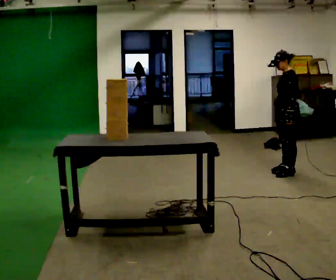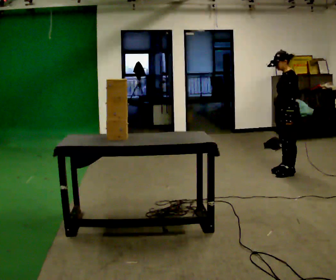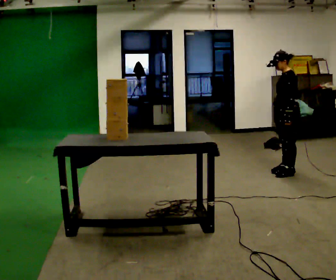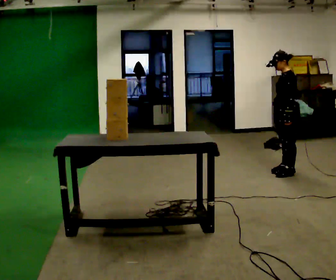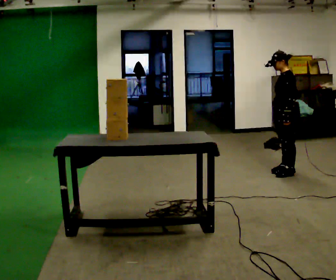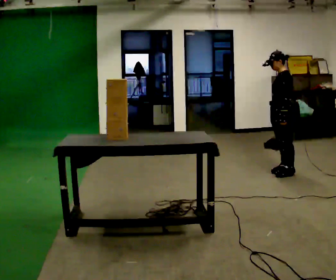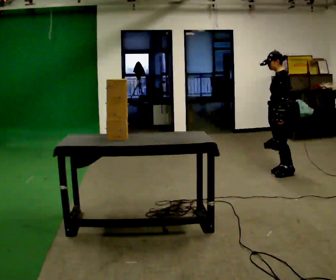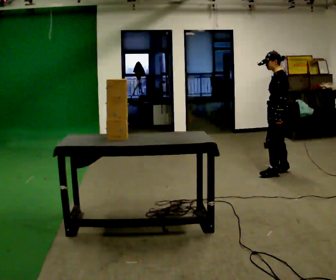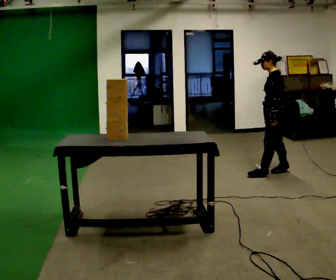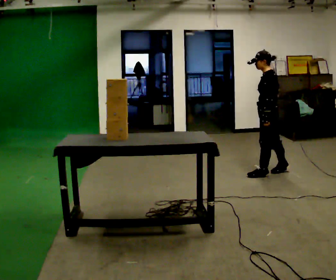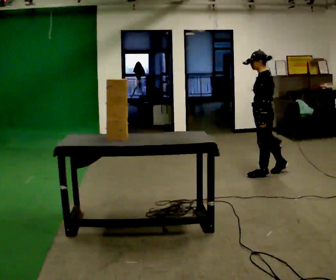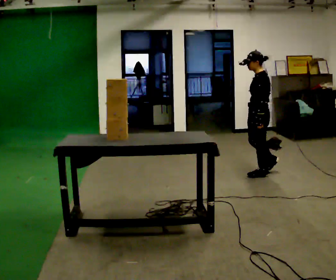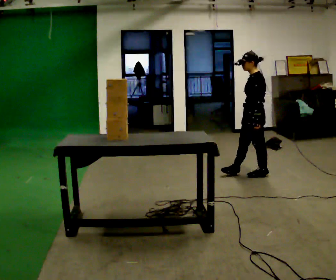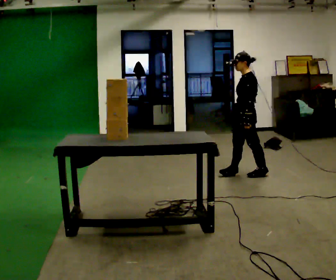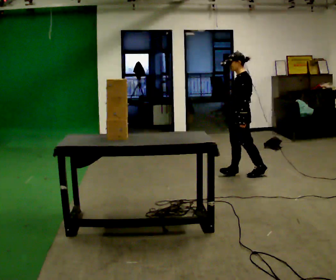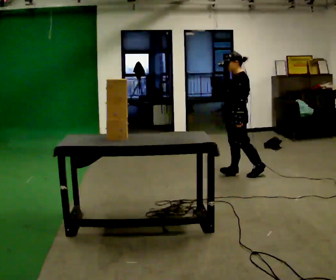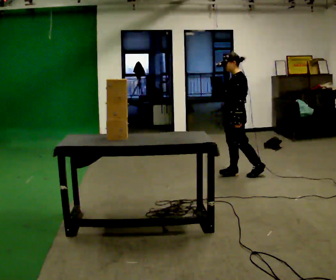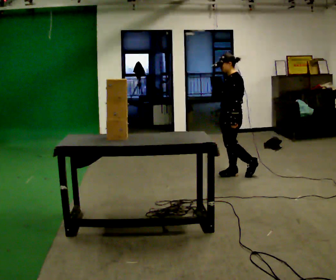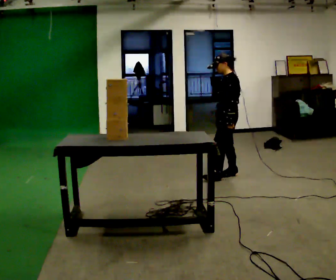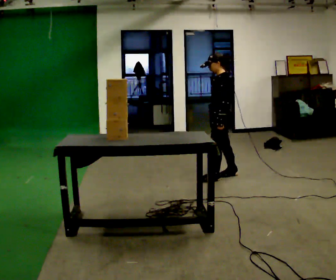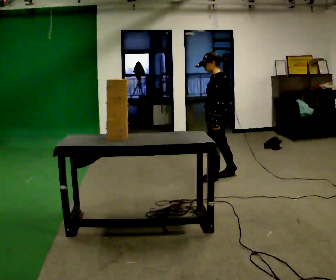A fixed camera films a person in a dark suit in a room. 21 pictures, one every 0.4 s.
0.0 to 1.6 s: The person keeps their place and pose.
1.6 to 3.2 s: The person moves a little, or ends about where they began.
3.2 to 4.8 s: In the picture they go to the left, about 0.25 m, which for them is forward.
4.8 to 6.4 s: In the picture they go to the left, about 0.25 m in 1 step, which for them is forward.
6.4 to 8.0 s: In the picture they go toward the camera and to the left, about 0.25 m in 1 step, which for them is forward.
The film runs forward here.
